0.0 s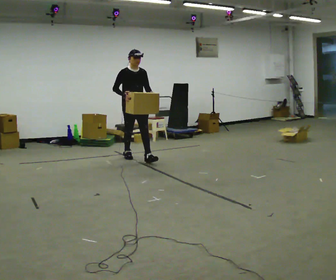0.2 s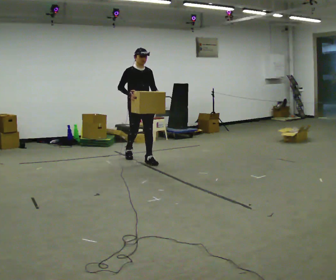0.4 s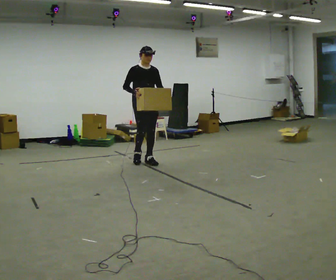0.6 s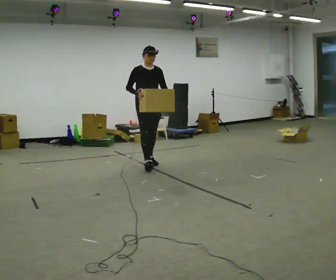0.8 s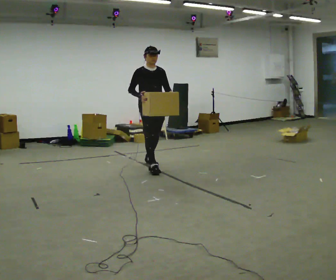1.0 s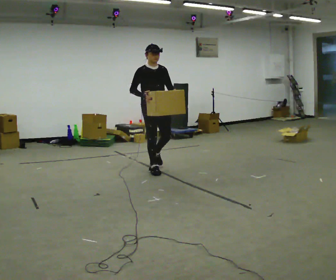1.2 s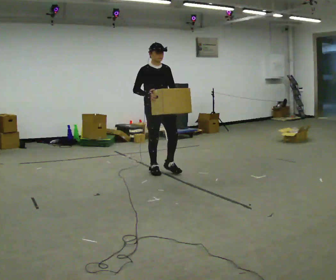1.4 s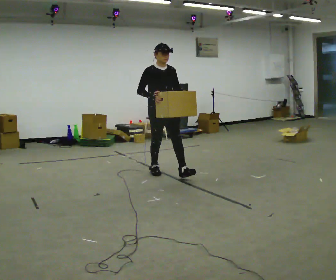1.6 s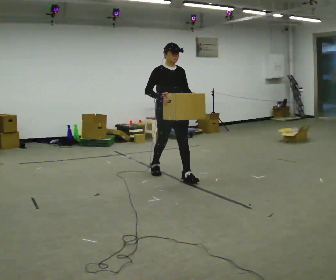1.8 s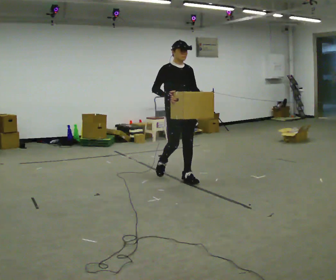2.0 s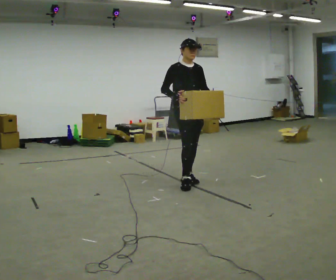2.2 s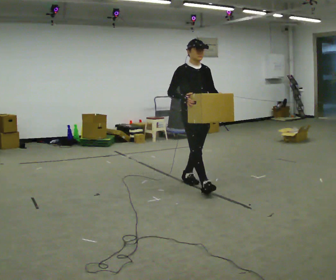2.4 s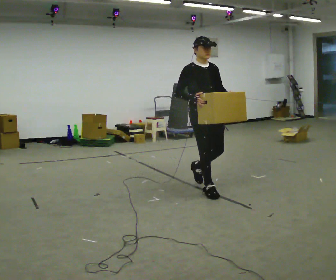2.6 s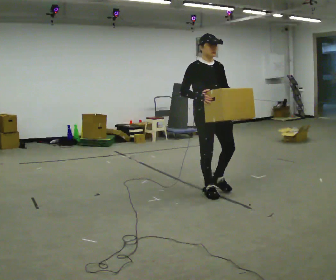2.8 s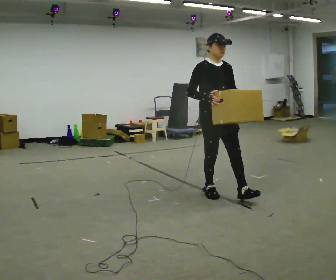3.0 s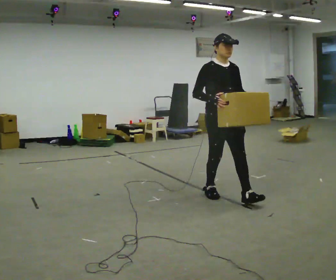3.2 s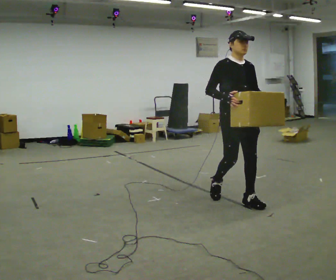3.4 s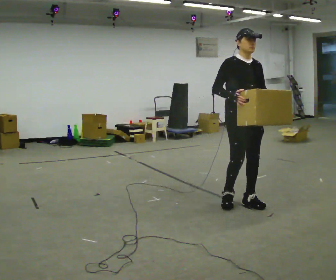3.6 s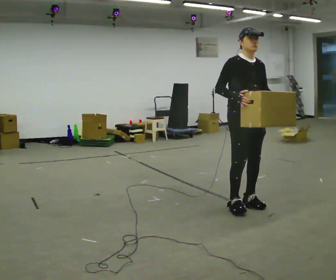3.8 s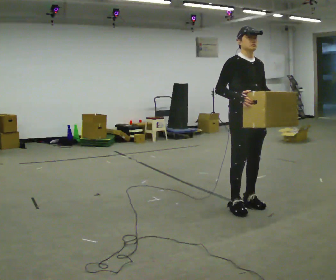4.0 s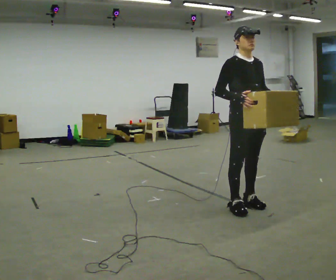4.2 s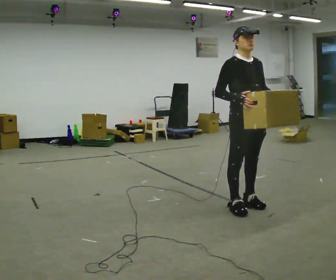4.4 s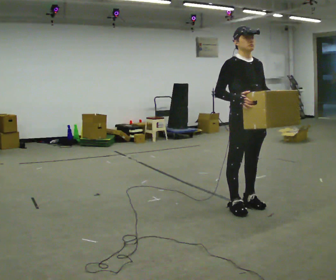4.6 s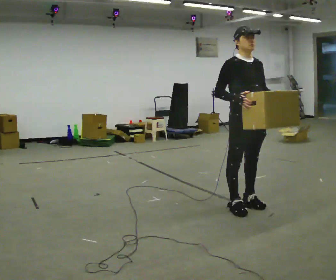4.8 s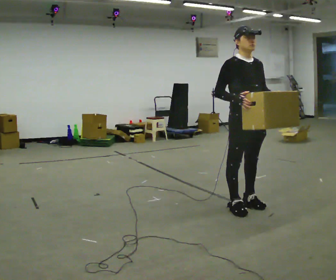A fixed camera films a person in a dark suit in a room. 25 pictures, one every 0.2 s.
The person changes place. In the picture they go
toward the camera.
0.0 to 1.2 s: In the picture they go toward the camera and to the right, about 1 m in 1 step, which for them is forward.
1.2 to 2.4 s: In the picture they go toward the camera and to the right, about 1 m in 2 steps, which for them is forward.
2.4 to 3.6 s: In the picture they go toward the camera and to the right, about 0.75 m in 2 steps, which for them is forward.
3.6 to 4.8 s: The person moves a little, or ends about where they began.
The film runs forward here.
